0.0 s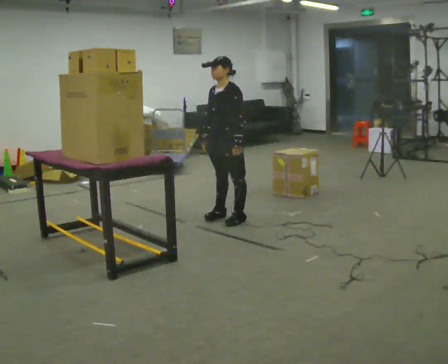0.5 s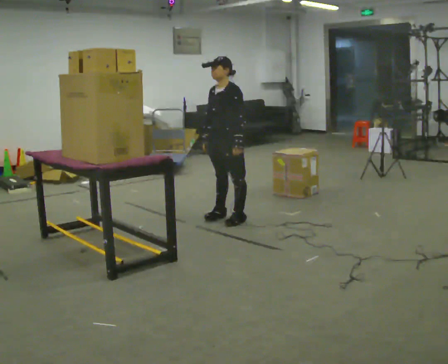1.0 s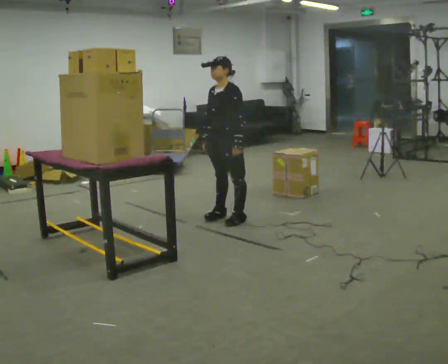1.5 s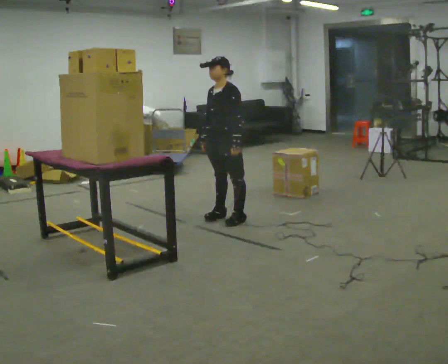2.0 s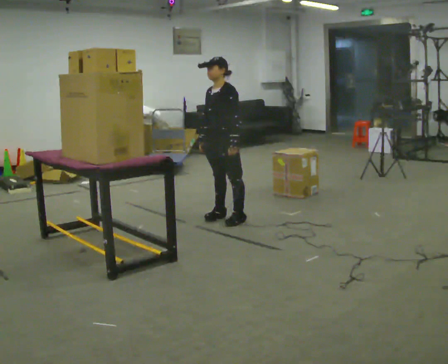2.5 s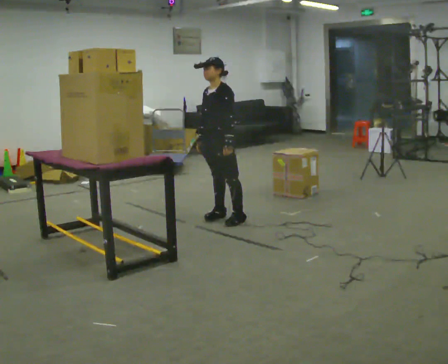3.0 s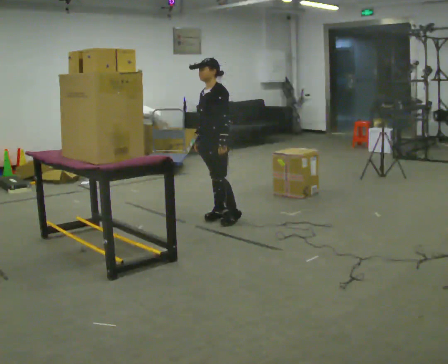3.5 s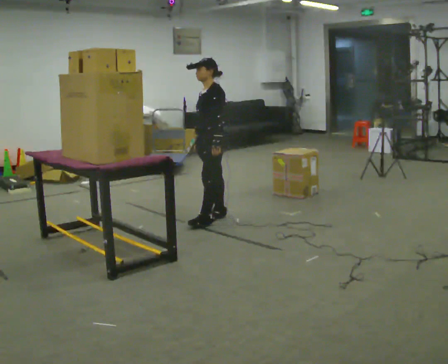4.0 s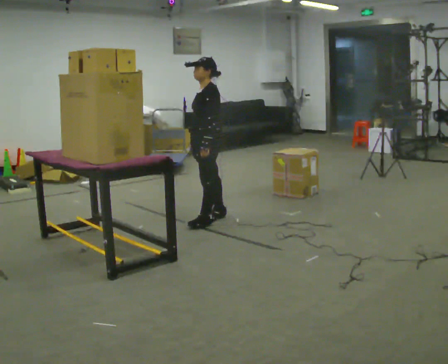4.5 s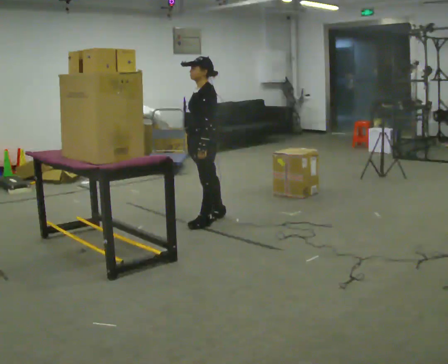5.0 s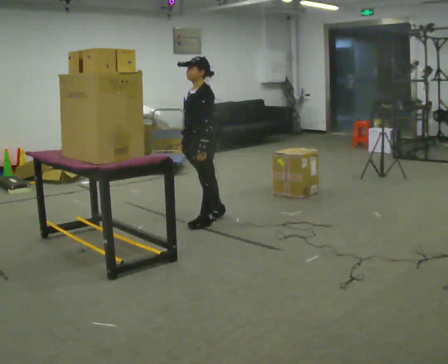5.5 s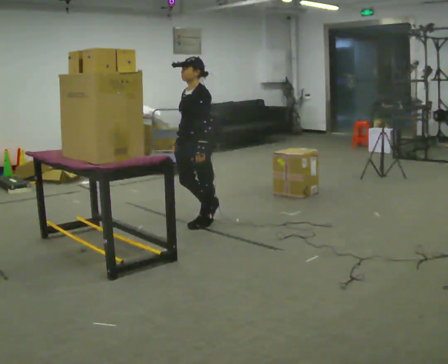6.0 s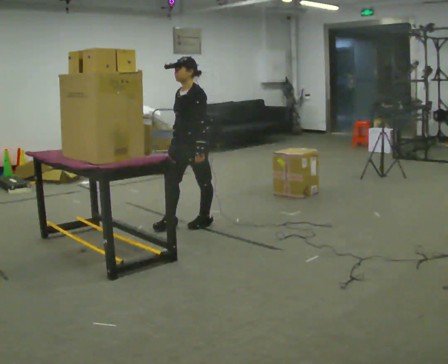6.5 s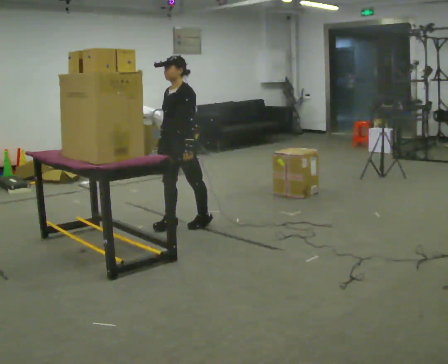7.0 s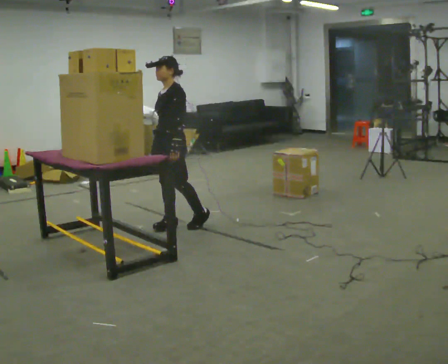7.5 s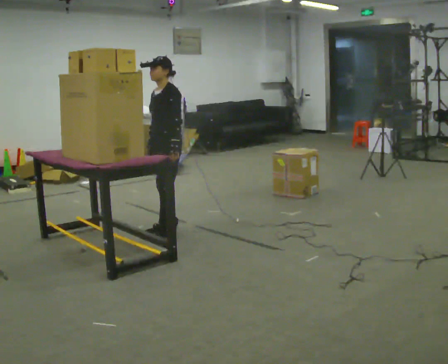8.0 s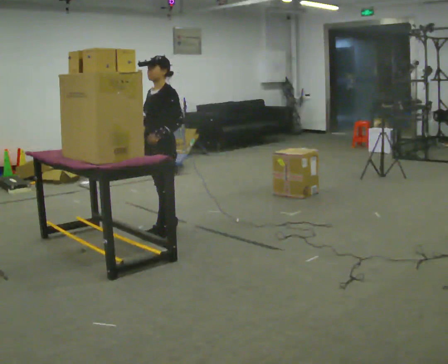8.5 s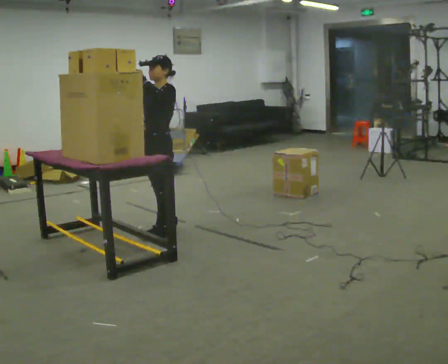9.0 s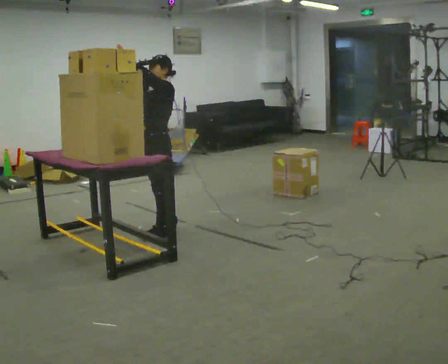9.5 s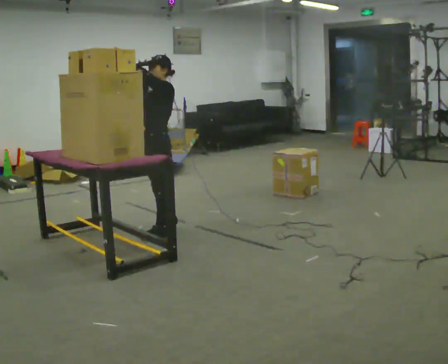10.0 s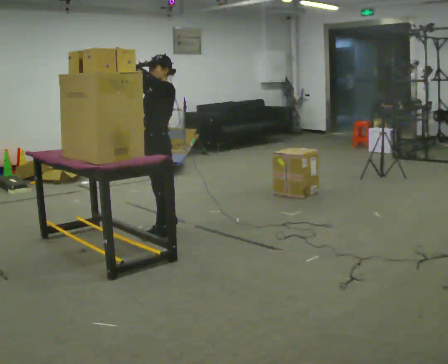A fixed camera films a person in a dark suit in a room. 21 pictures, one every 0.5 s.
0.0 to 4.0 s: In the picture they go to the left, about 0.25 m in 1 step, which for them is forward.
4.0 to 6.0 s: In the picture they go toward the camera, about 0.25 m in 1 step, which for them is forward.
6.0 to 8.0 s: In the picture they go to the left, about 0.25 m in 1 step, which for them is forward.
8.0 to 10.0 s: In the picture their right hand goes upward.
The film runs forward here.
